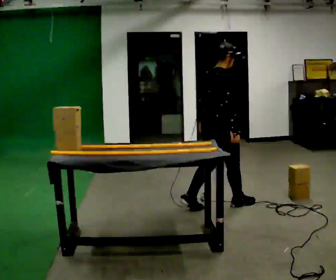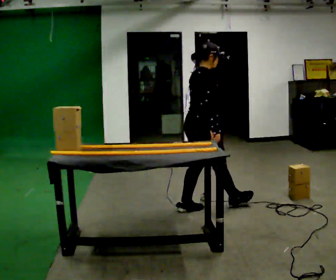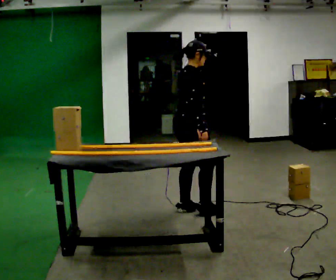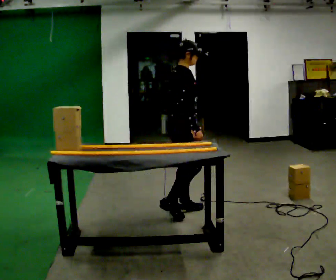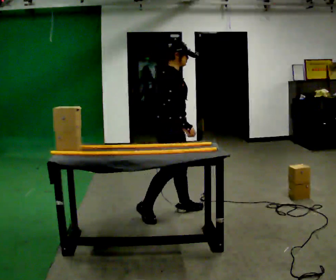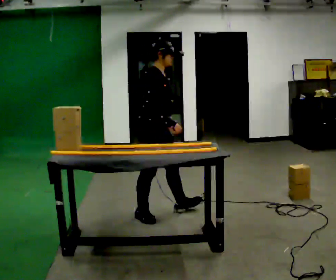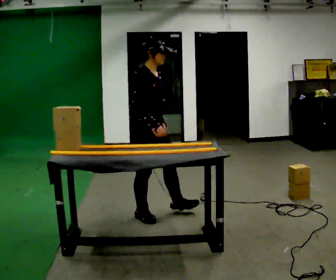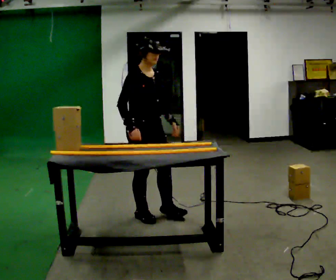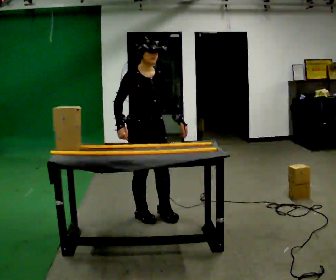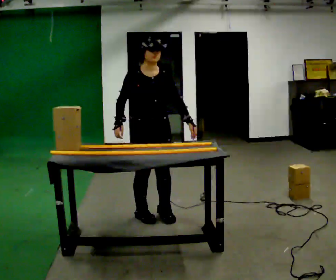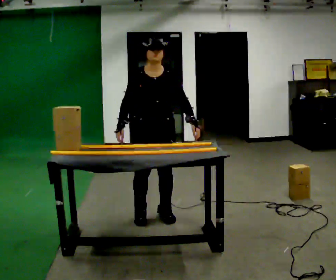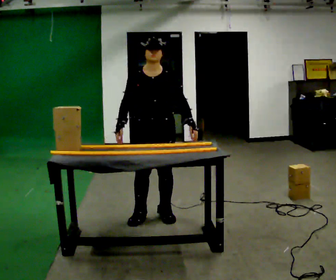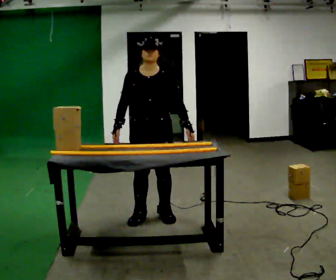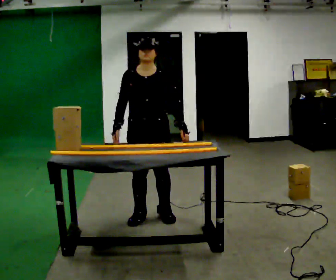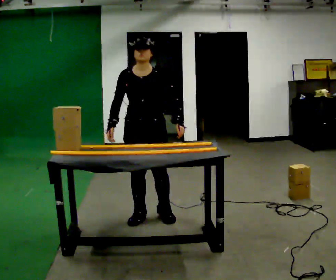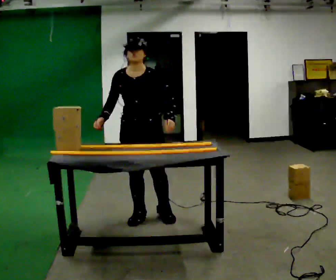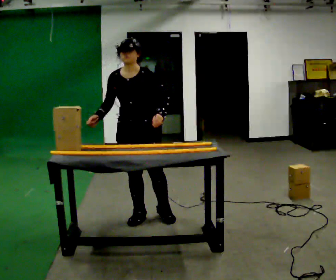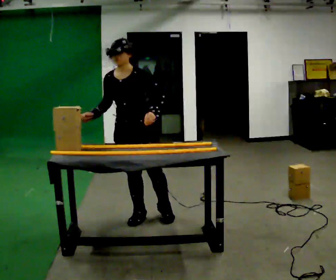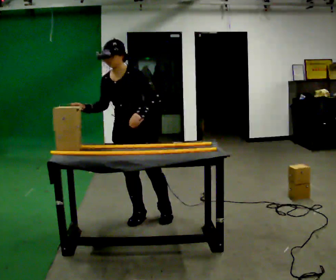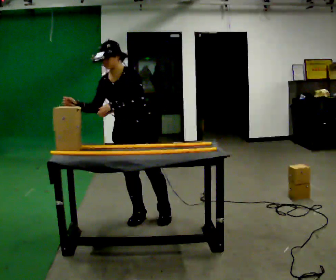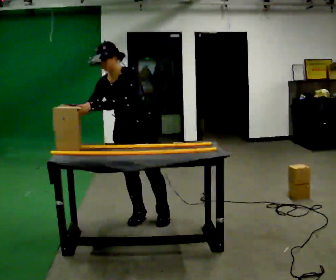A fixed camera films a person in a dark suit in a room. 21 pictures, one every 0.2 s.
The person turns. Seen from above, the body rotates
clockwise.
The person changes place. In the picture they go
to the left.
0.0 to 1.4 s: The person turns about 60 degrees to their right, clockwise seen from above, so the part of the body nearest the lens slides to the left. In the picture they go to the left, about 1 m in 2 steps.
1.4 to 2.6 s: The person turns about 60 degrees to their right, clockwise seen from above, so the part of the body nearest the lens slides to the left.
2.6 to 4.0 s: Seen from above the body turns clockwise, about 30 degrees: to their right, with its near side sliding to the left. In the picture the upper body tilts counterclockwise, shoulders to the left, as they bend forward. In the picture their left hand goes to the left.
The film runs backward here.
